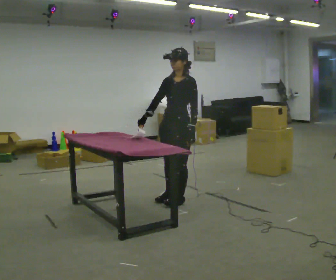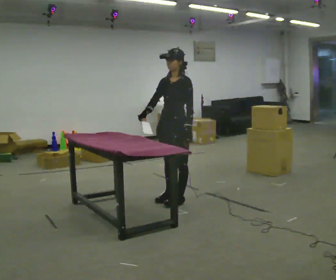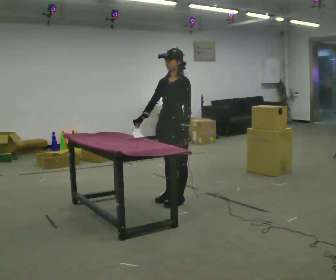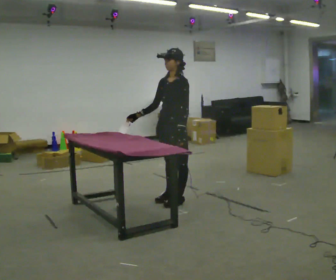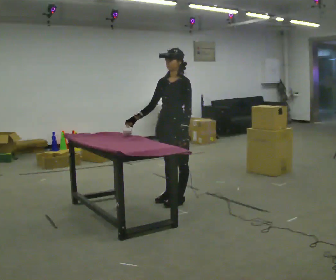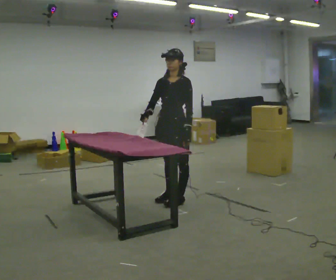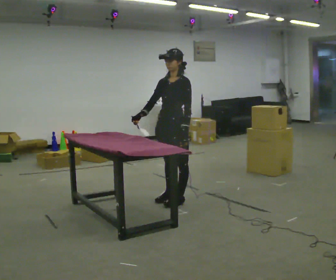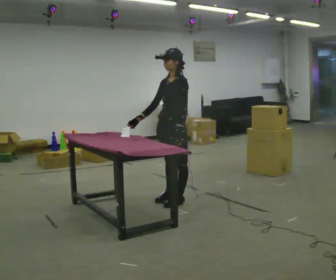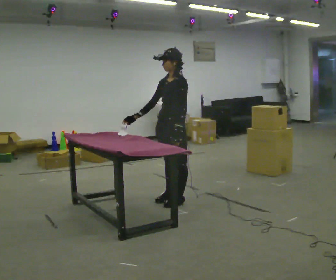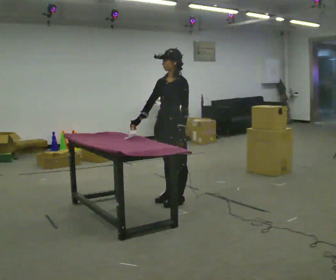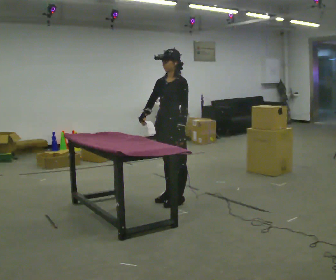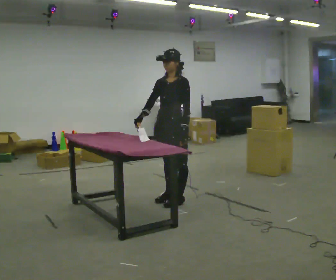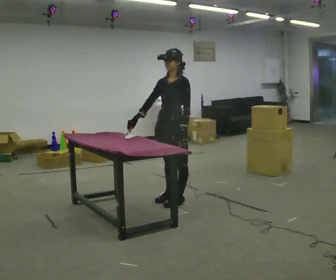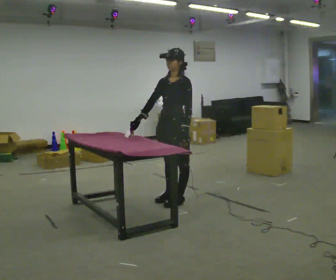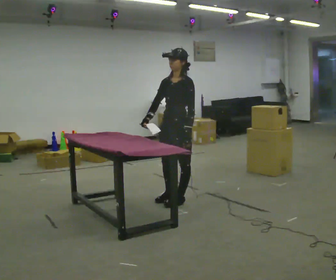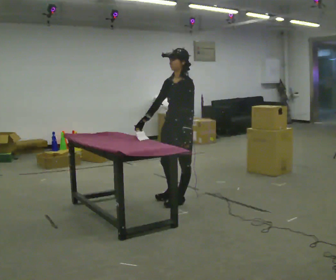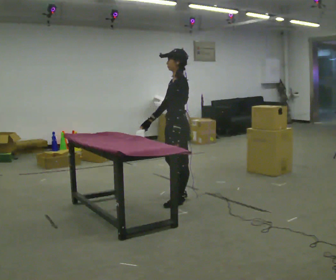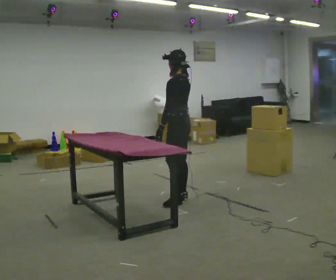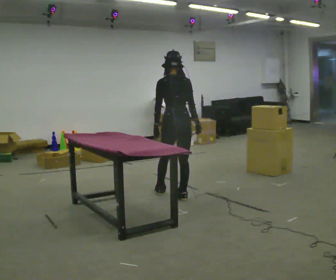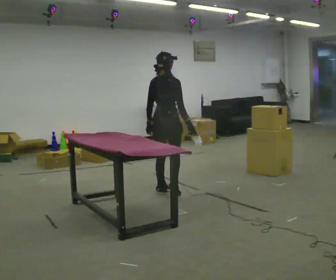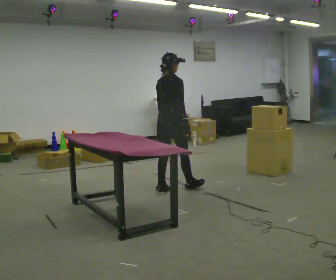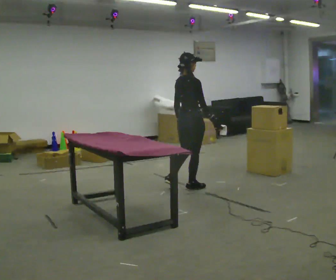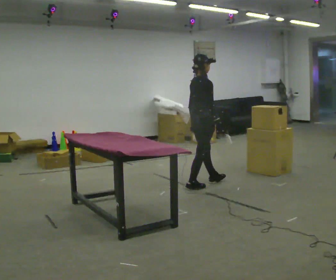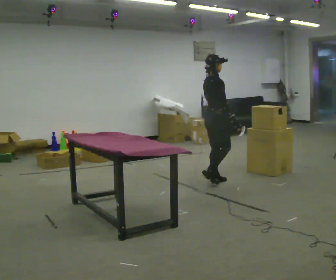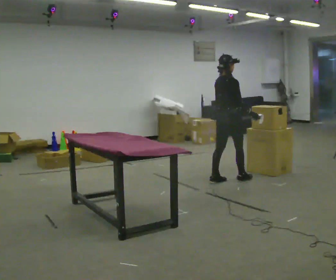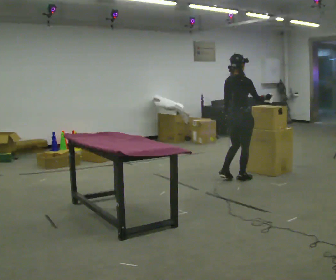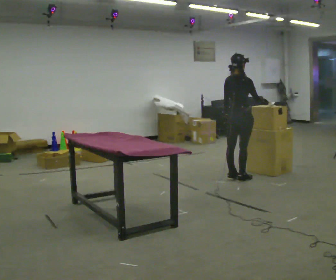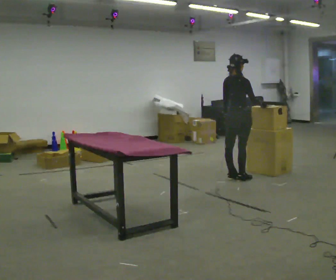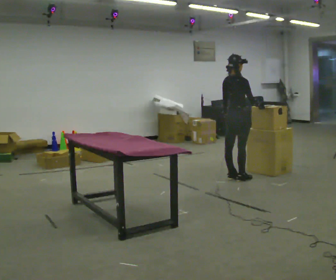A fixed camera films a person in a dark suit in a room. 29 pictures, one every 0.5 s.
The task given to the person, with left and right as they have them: Fetch the tool from the shelf, carry it to the workpiece, use it there as the operator shows you, then take it back to the shelf. Keep going until the operator says stop; one object at a time, and do not rush between trips.
0.0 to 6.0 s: The person moves a little, or ends about where they began.
6.0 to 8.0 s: Seen from above the body turns clockwise, about 45 degrees: to their right, with its near side sliding to the left.
8.0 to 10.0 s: The part of the body nearest the lens slides to the left as the person turns to their right by about 135 degrees. In the picture they go away from the camera, about 0.5 m in 2 steps.
10.0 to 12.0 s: In the picture they go to the right and away from the camera, about 1 m in 2 steps, which for them is forward.
12.0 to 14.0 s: The person moves a little, or ends about where they began.
The film runs forward here.
